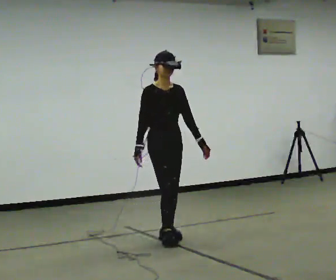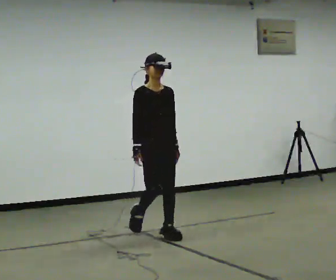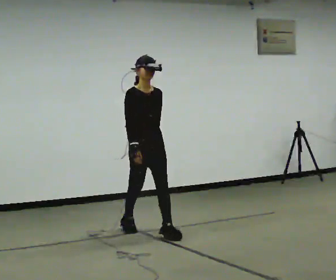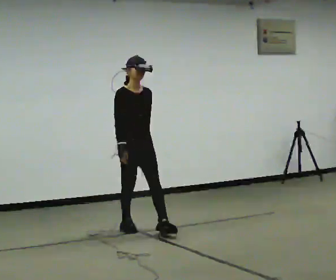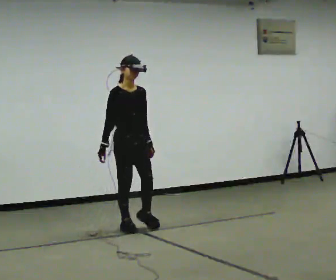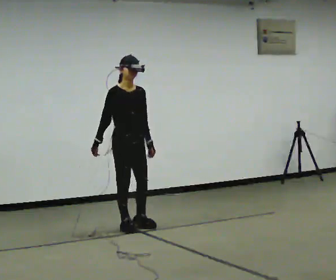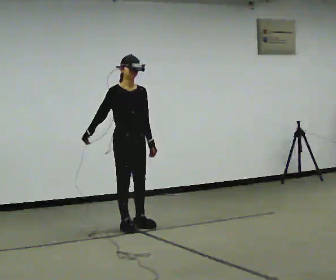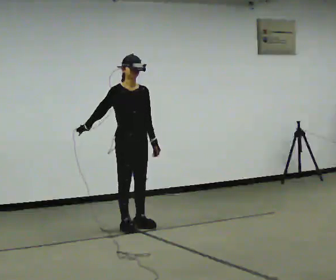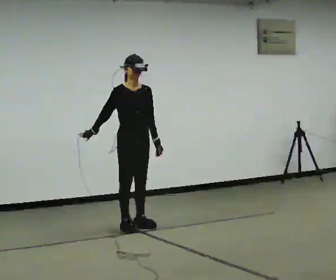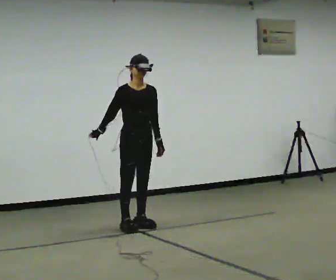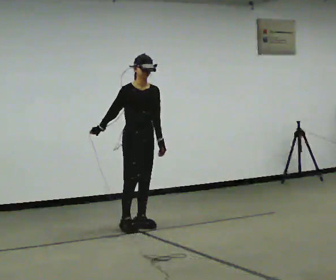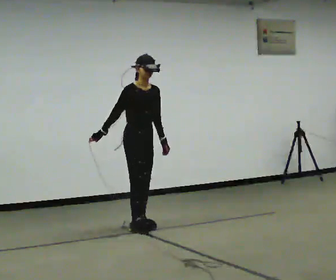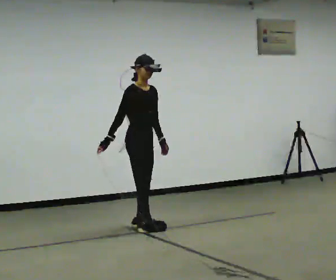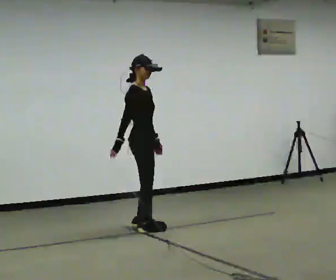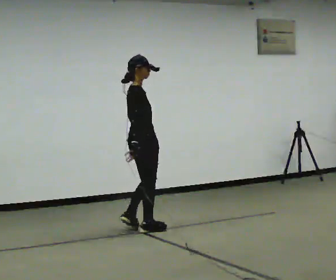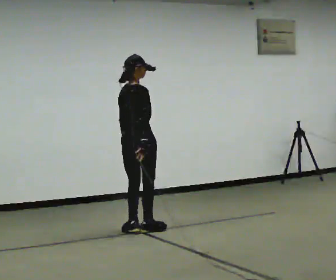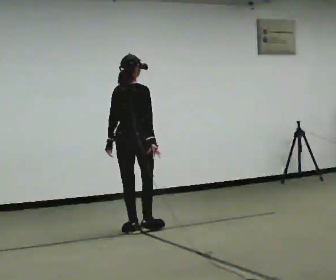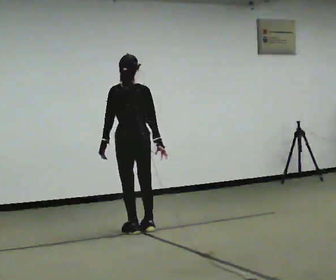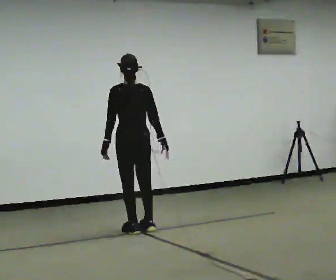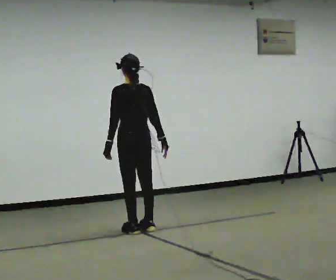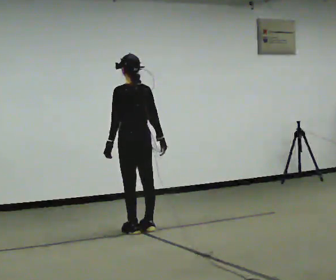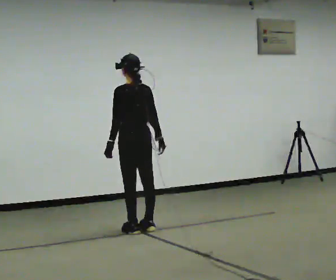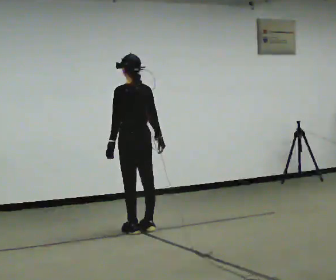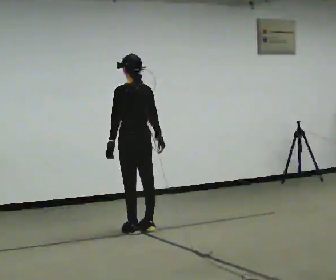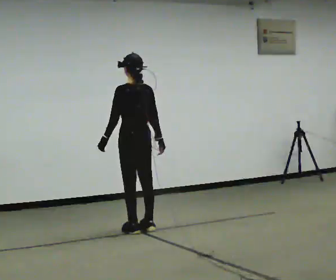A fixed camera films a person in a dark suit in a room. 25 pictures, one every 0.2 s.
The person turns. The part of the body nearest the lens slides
to the right.
The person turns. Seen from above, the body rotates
counterclockwise.
0.0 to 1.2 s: In the picture they go away from the camera and to the left, about 0.75 m in 1 step, which for them is backward.
1.2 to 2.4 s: The person moves a little, or ends about where they began.
2.4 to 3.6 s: The part of the body nearest the lens slides to the right as the person turns to their left by about 135 degrees. In the picture their right hand goes to the right, the arm swinging counterclockwise.
3.6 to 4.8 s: The person moves a little, or ends about where they began.
The film runs backward here.
